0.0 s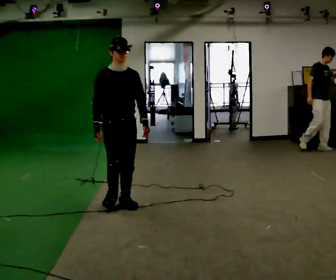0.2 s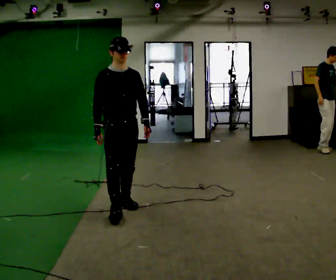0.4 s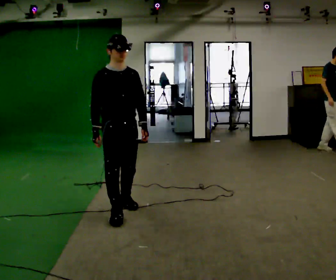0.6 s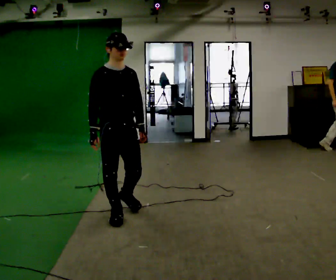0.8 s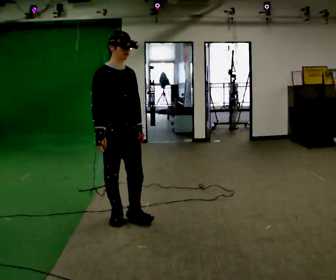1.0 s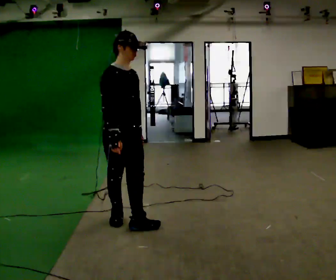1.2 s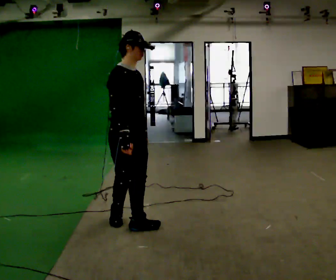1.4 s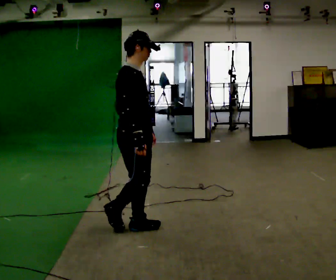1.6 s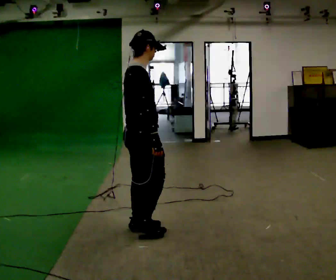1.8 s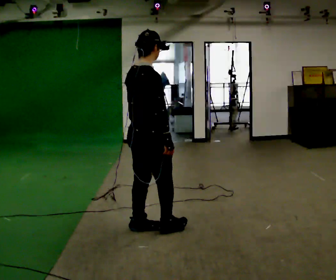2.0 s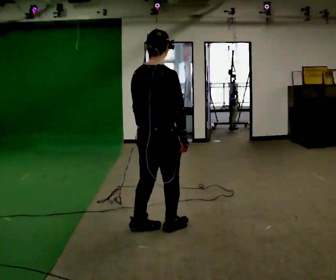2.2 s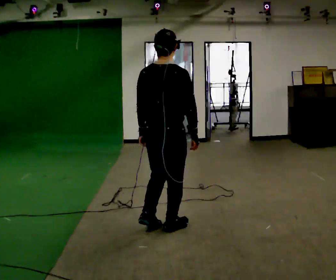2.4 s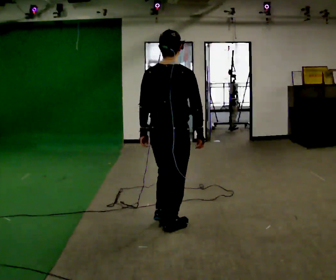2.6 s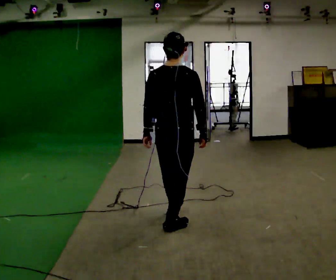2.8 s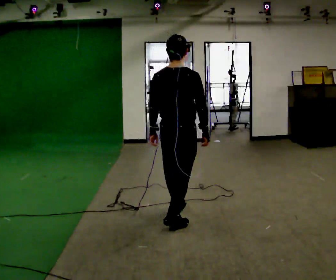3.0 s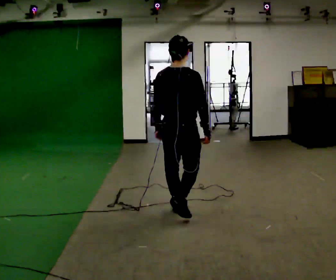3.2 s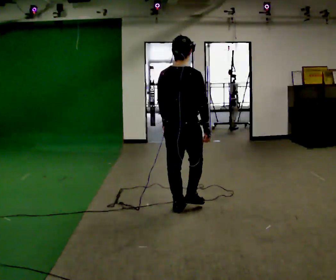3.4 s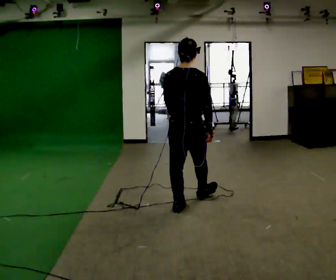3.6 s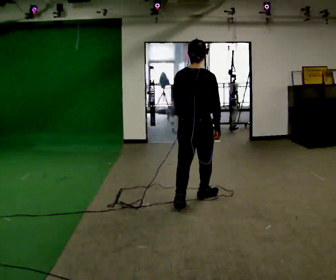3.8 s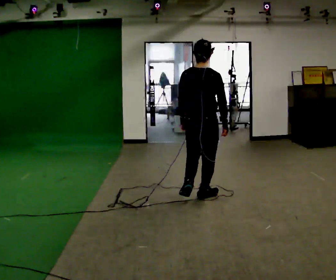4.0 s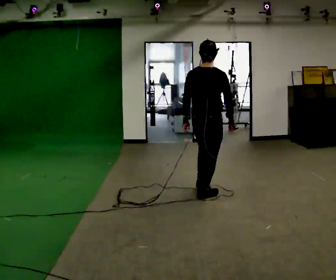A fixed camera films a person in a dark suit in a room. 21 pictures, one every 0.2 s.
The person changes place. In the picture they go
to the right.
The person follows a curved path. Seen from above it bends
counterclockwise.
0.0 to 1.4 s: Seen from above the body turns counterclockwise, about 60 degrees: to their left, with its near side sliding to the right. In the picture they go toward the camera and to the right, about 0.5 m in 2 steps, which for them is forward and to their right.
1.4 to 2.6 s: The part of the body nearest the lens slides to the right as the person turns to their left by about 75 degrees. In the picture they go to the right, about 0.5 m in 1 step.
2.6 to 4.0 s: In the picture they go away from the camera, about 1 m in 2 steps, which for them is forward.
The film runs forward here.
